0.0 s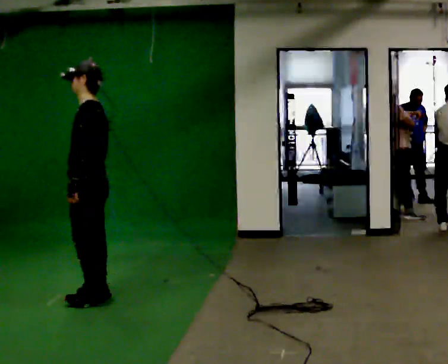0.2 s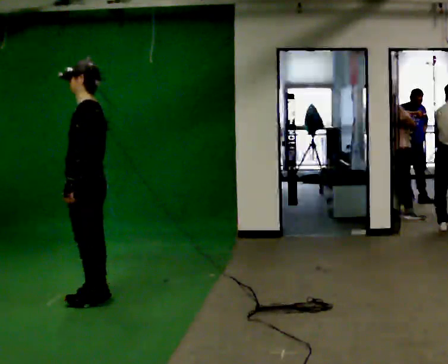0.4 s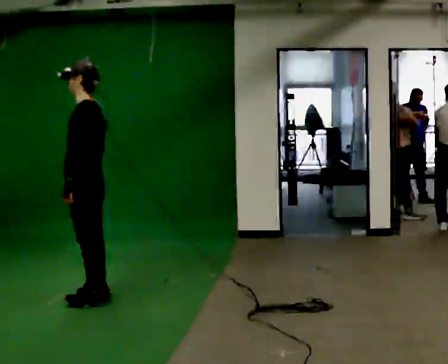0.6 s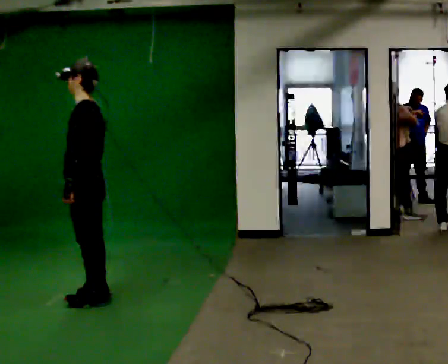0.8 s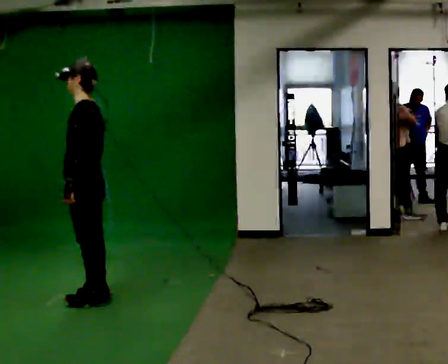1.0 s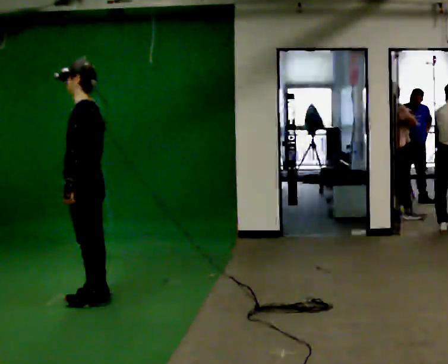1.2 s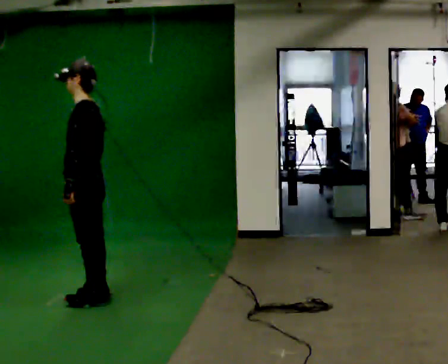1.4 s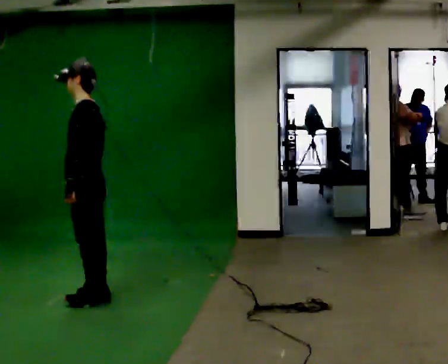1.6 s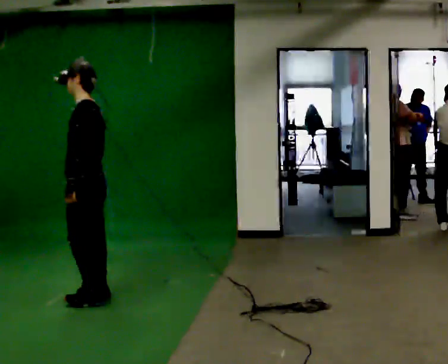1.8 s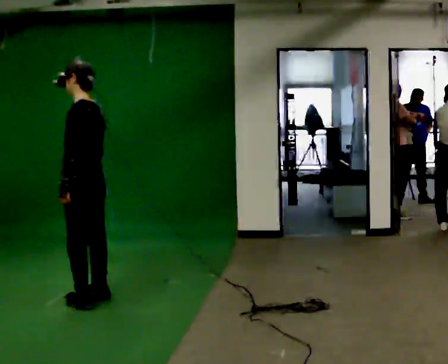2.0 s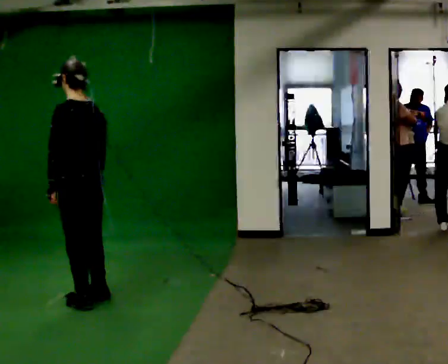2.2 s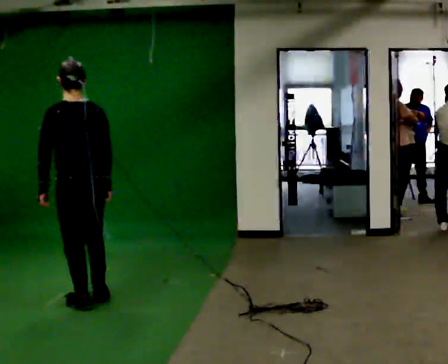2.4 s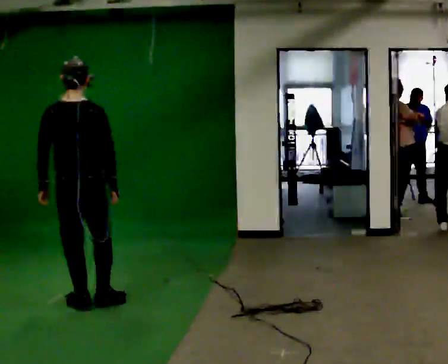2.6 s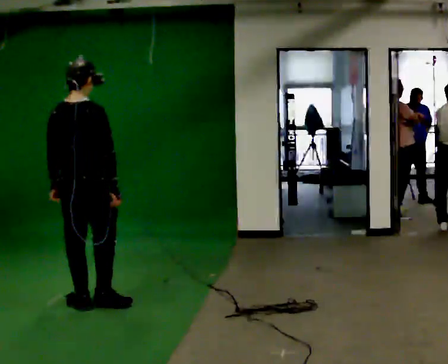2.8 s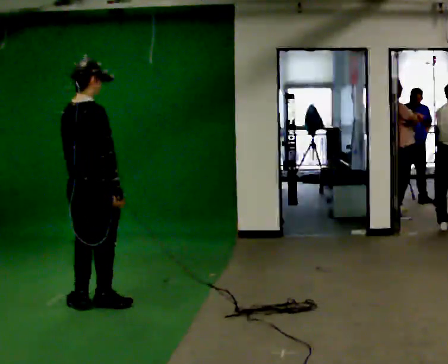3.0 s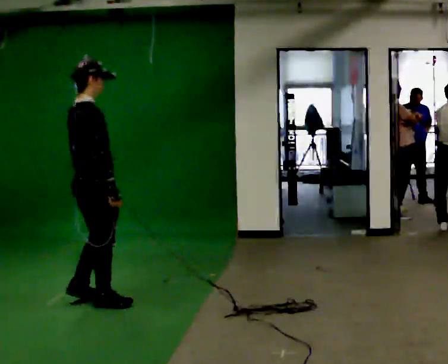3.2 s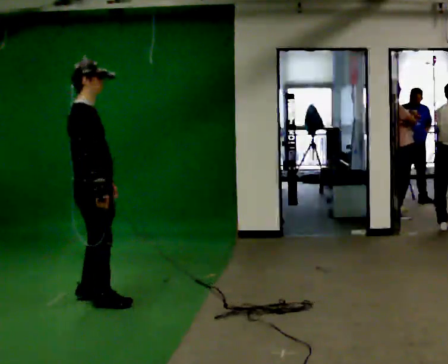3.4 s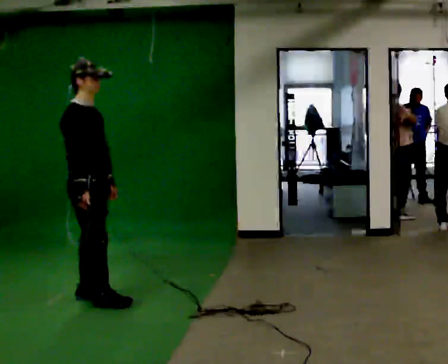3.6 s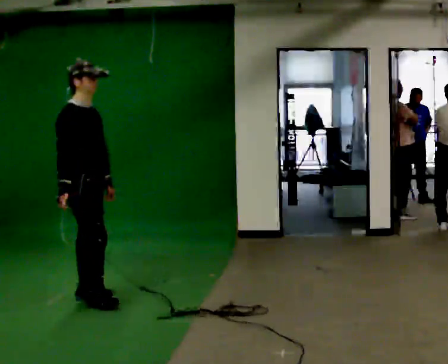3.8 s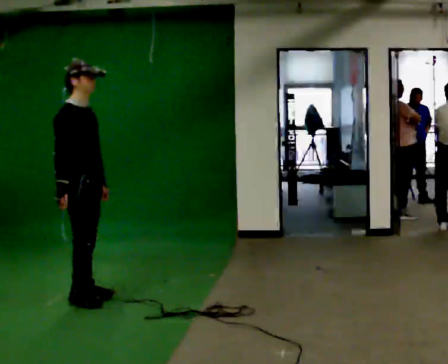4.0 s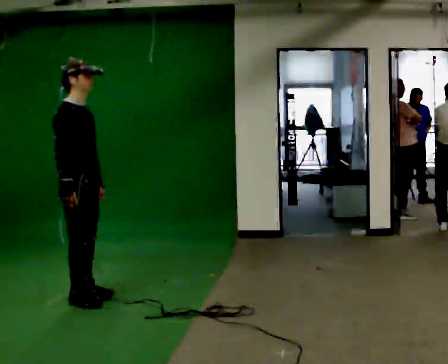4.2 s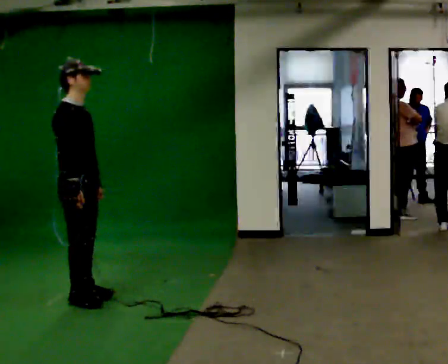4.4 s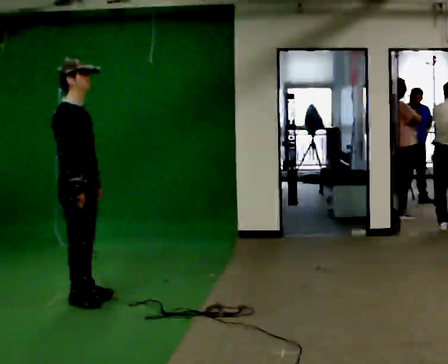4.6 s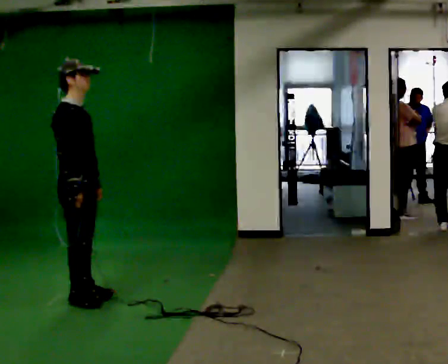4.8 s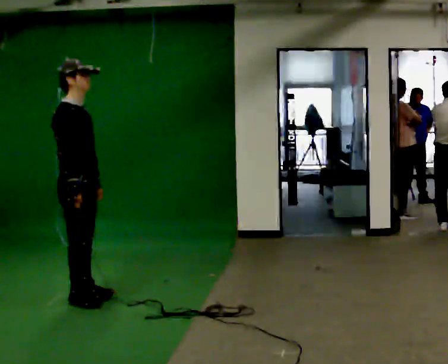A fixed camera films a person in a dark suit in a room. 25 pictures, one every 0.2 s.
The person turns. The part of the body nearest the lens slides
to the left.
The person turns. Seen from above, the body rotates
clockwise.
0.0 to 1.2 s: The person moves a little, or ends about where they began.
1.2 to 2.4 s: The person turns about 90 degrees to their right, clockwise seen from above, so the part of the body nearest the lens slides to the left. In the picture they go toward the camera, about 0.25 m in 1 step.
2.4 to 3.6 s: The person turns about 105 degrees to their right, clockwise seen from above, so the part of the body nearest the lens slides to the left. In the picture their left hand goes to the right, the arm swinging counterclockwise.
3.6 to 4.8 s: The person moves a little, or ends about where they began.
The film runs forward here.
